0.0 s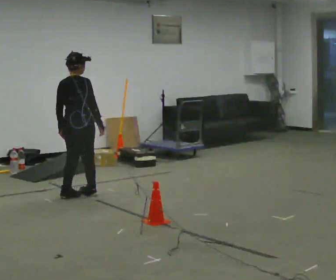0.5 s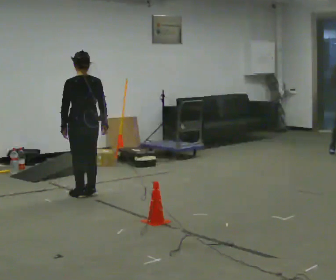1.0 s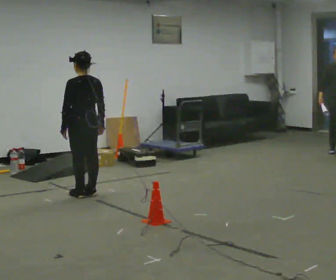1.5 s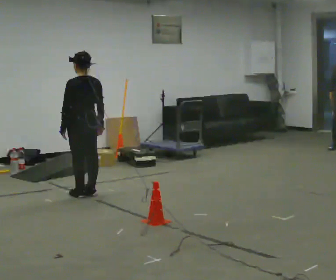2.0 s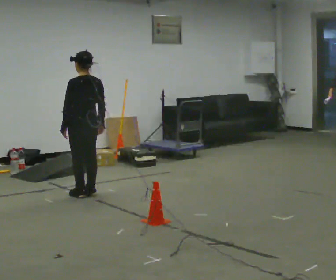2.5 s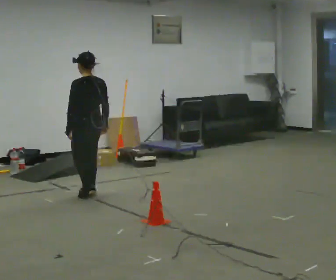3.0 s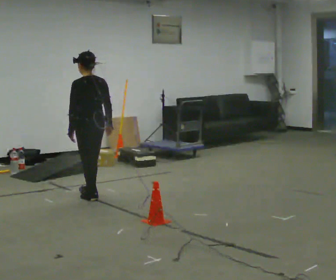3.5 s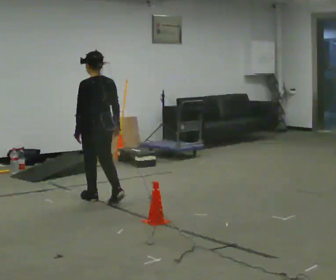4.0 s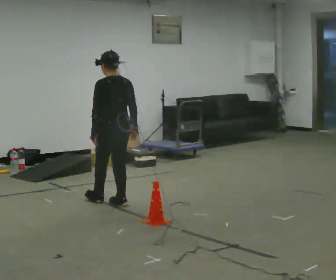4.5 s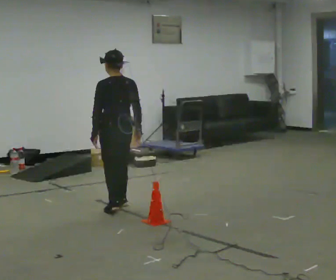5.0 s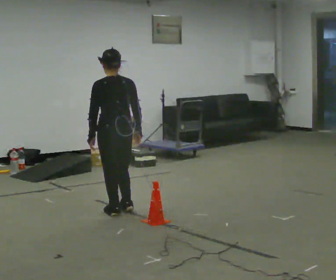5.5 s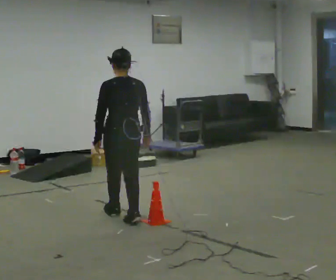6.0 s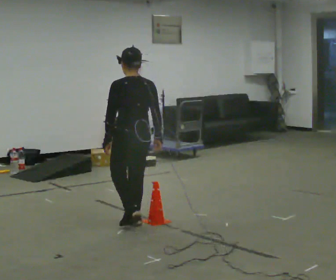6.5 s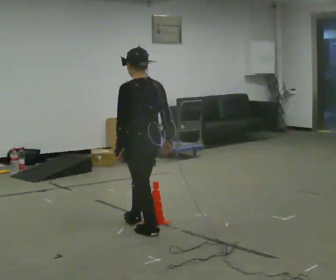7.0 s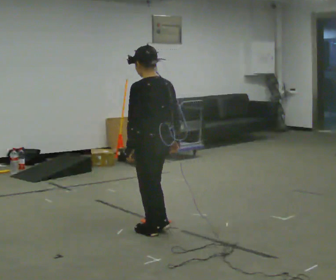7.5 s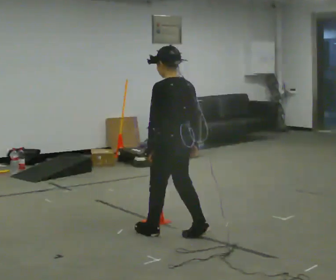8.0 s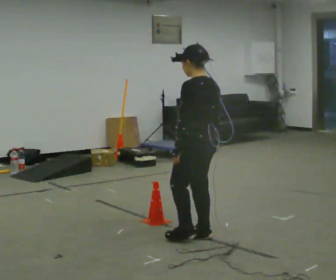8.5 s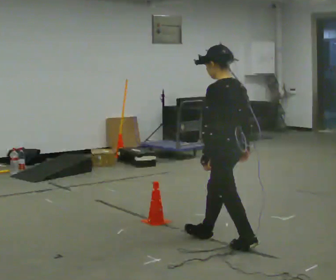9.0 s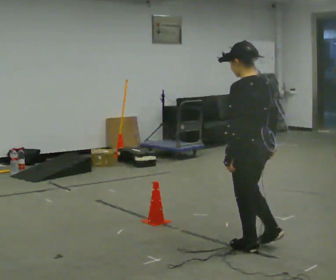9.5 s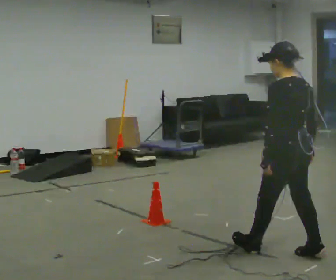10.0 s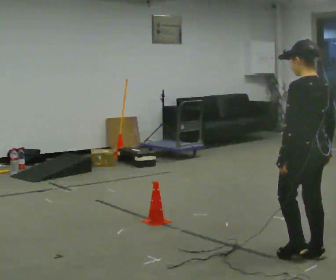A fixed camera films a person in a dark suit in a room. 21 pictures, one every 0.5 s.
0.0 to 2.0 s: Seen from above the body turns counterclockwise, about 60 degrees: to their left, with its near side sliding to the right.
2.0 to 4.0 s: In the picture they go toward the camera and to the right, about 0.5 m in 3 steps, which for them is backward.
4.0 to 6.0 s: In the picture they go toward the camera, about 0.75 m in 2 steps, which for them is backward.
6.0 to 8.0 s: In the picture they go toward the camera and to the right, about 0.75 m in 2 steps, which for them is backward.
8.0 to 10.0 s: In the picture they go toward the camera and to the right, about 1 m in 2 steps, which for them is backward.
The film runs backward here.
